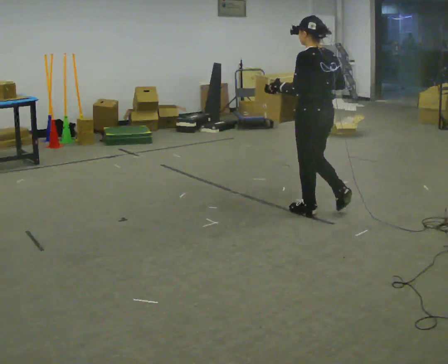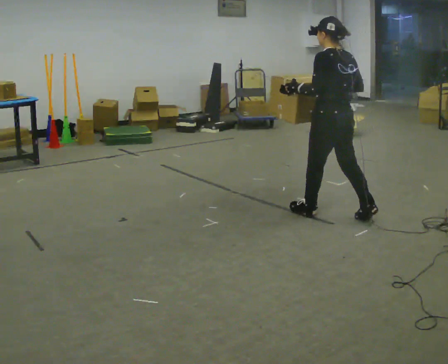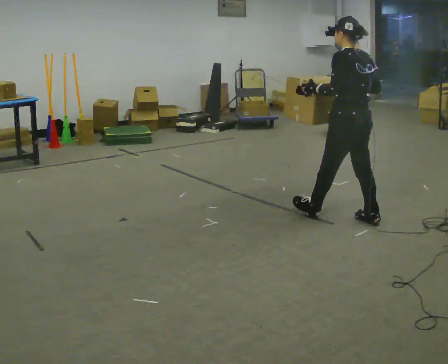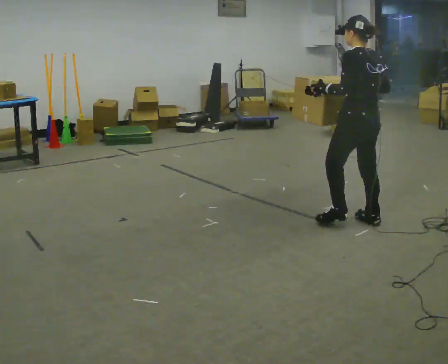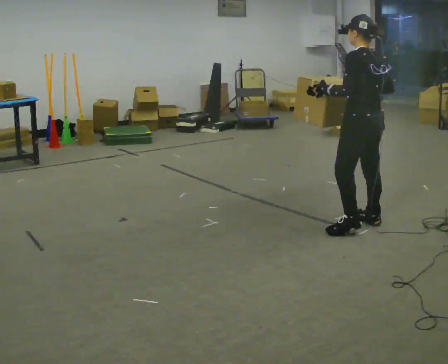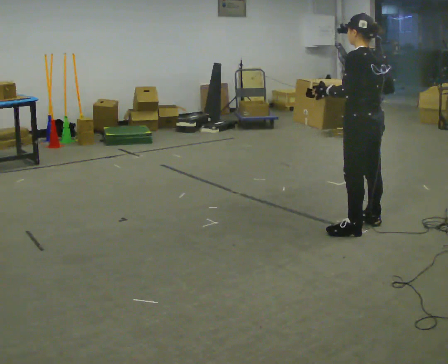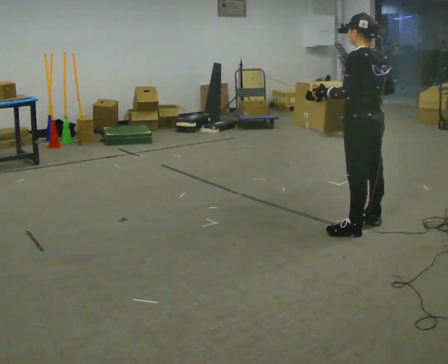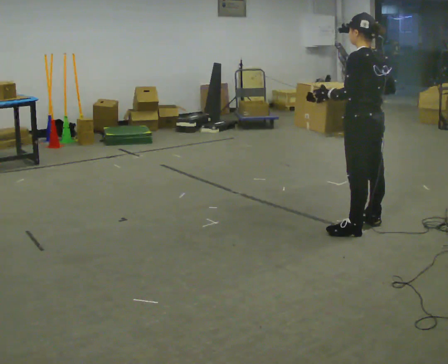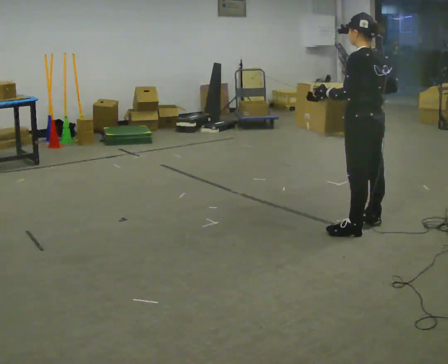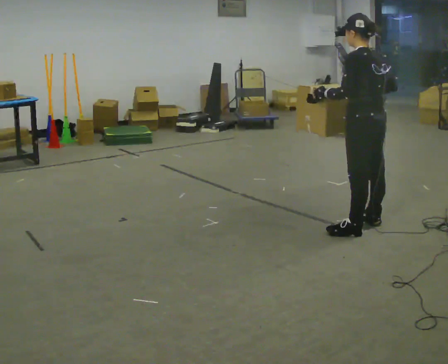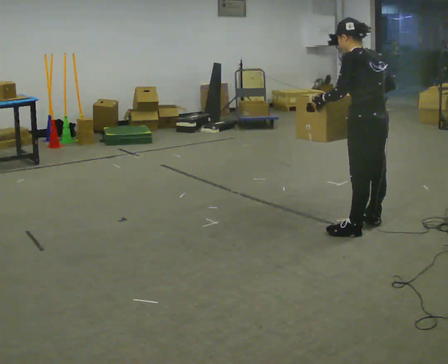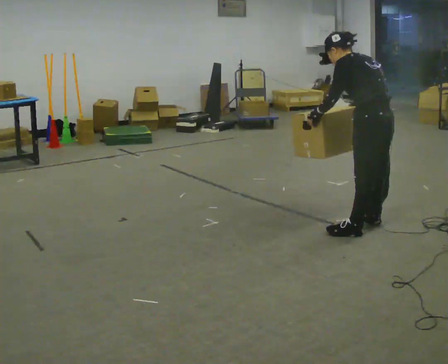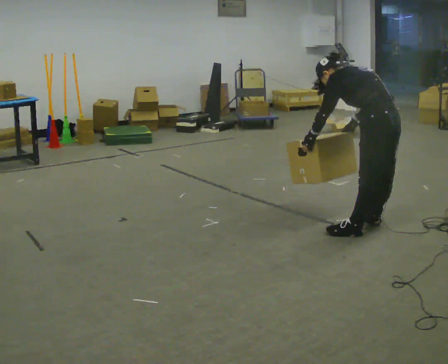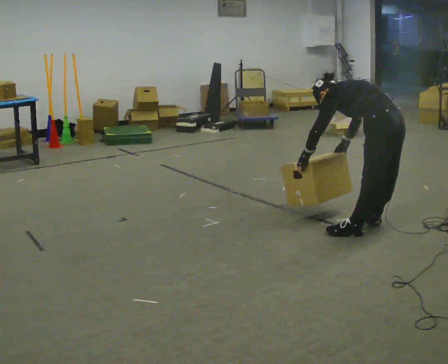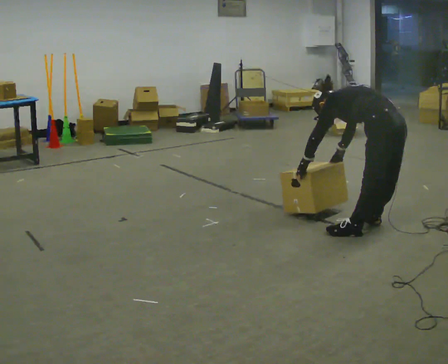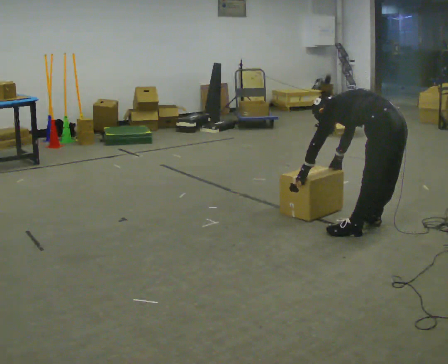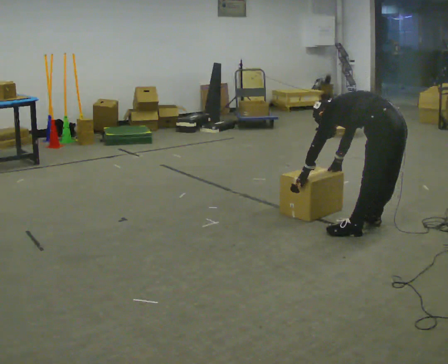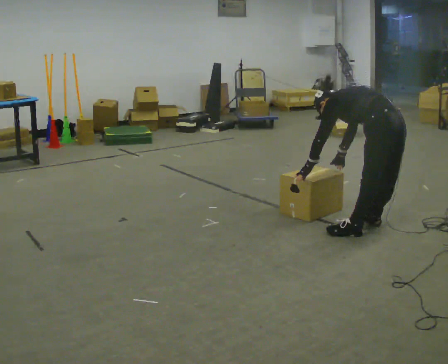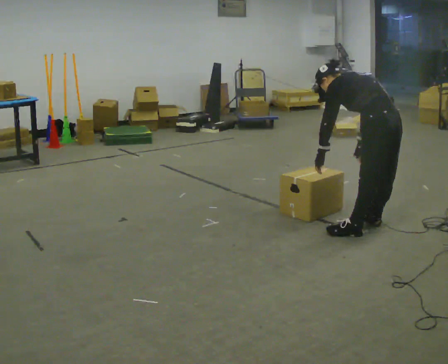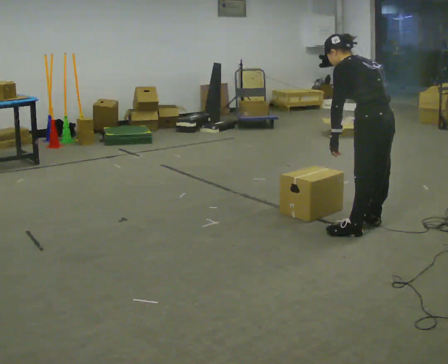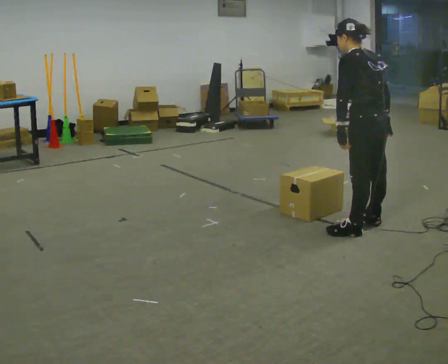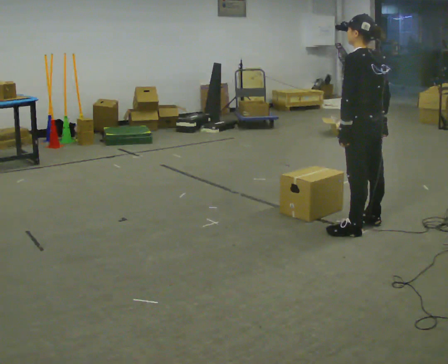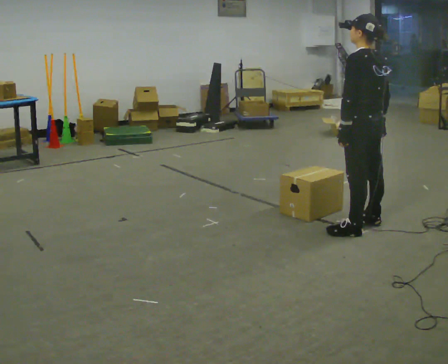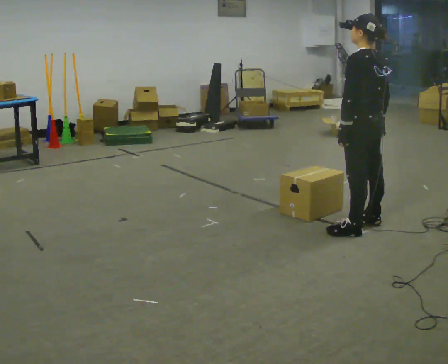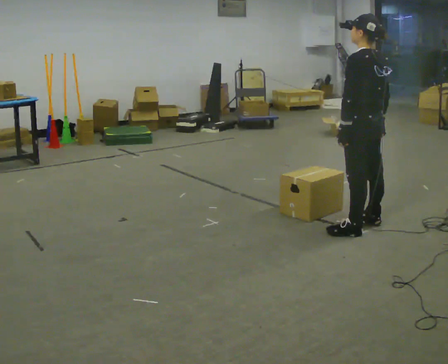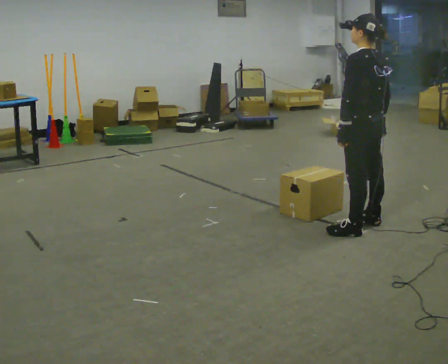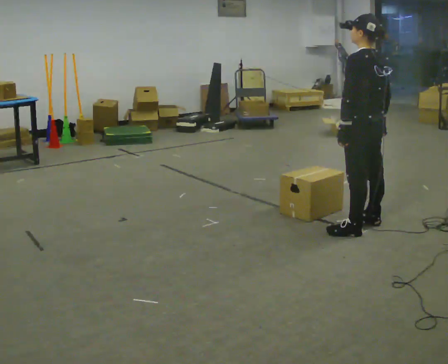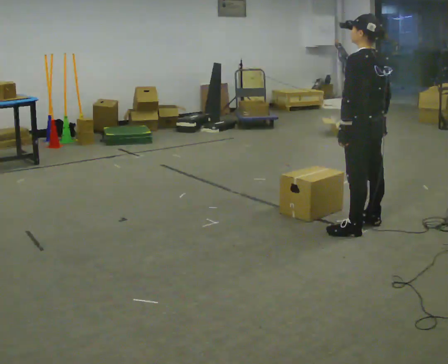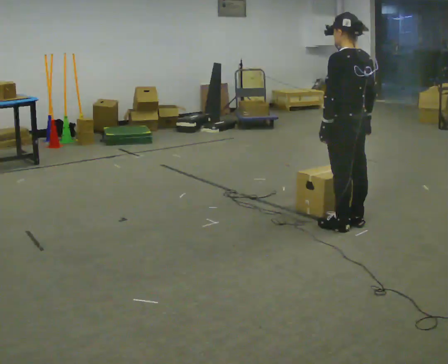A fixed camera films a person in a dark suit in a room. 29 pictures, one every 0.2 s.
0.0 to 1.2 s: In the picture they go to the right and toward the camera, about 0.5 m in 1 step, which for them is backward.
1.2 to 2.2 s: In the picture the upper body tilts counterclockwise, shoulders to the left, as they bend forward.
2.2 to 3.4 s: The shoulders move downward. The upper body tips away from the camera, its near side rolling upward, as they bend forward. In the picture their right hand goes downward.
3.4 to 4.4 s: The upper body goes upward. The upper body tips toward the camera, its near side rolling downward, as they lean back or straighten.
4.4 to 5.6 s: The person moves a little, or ends about where they began.
The film runs backward here.
